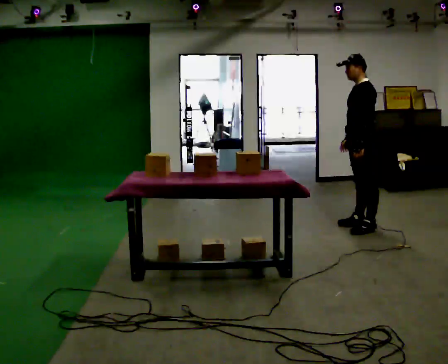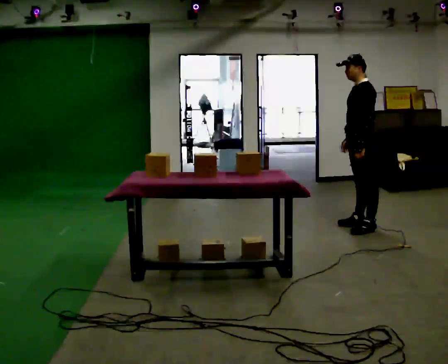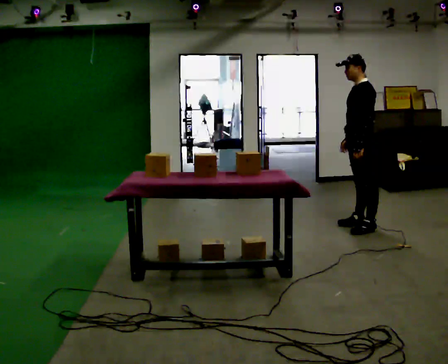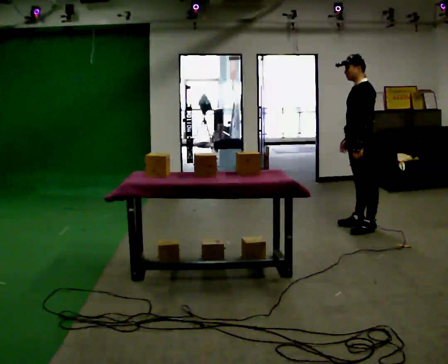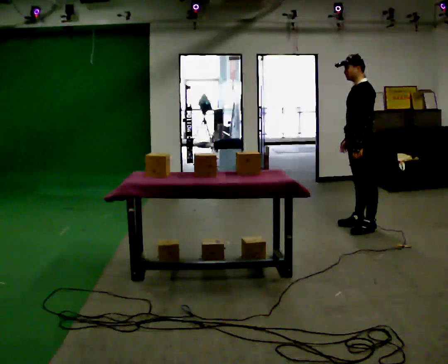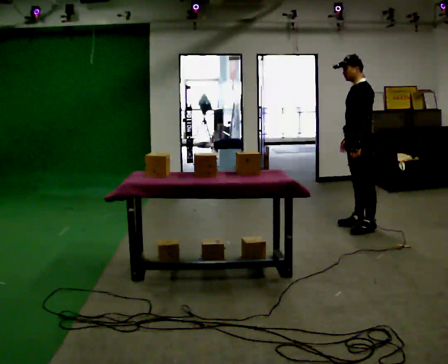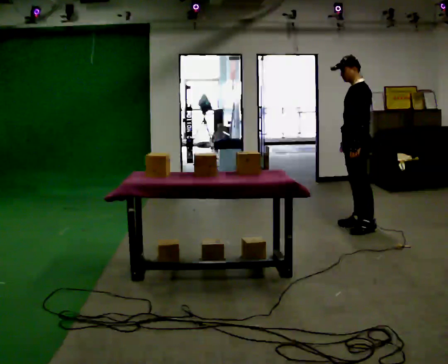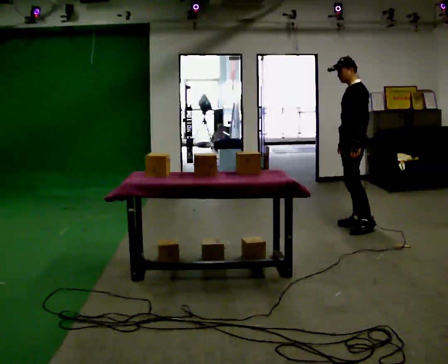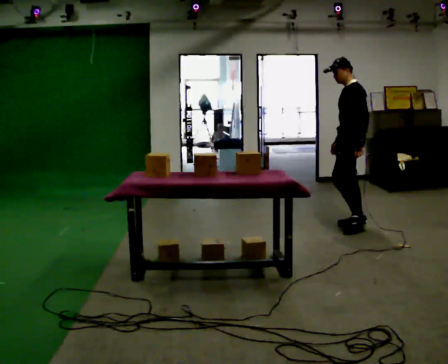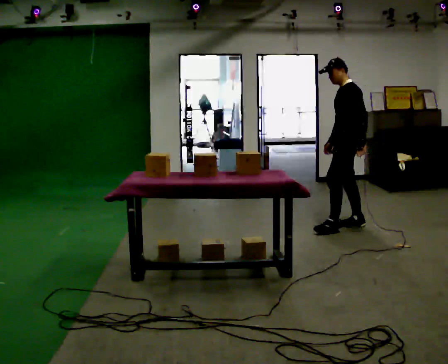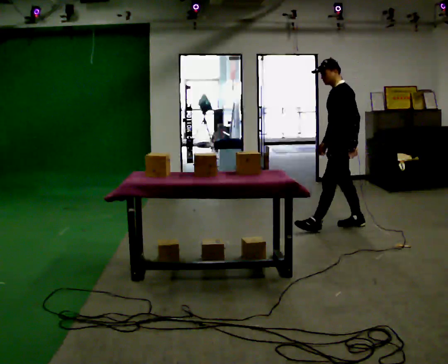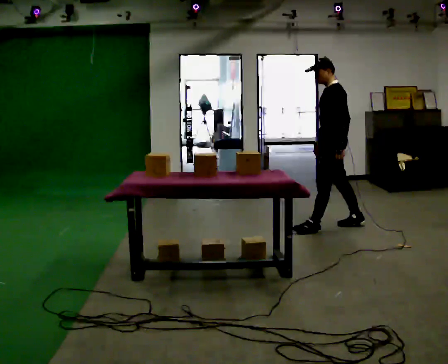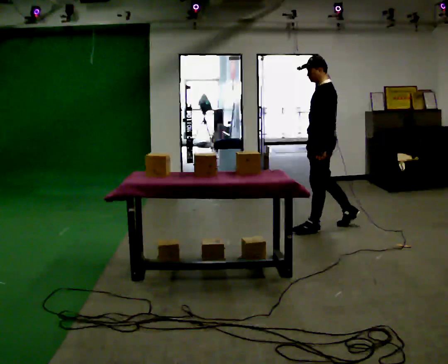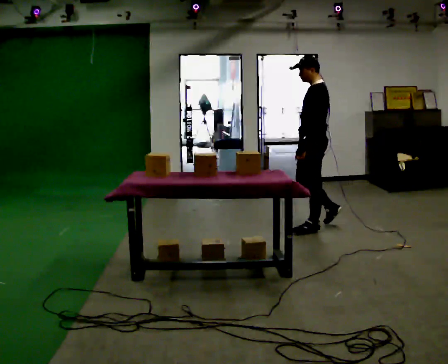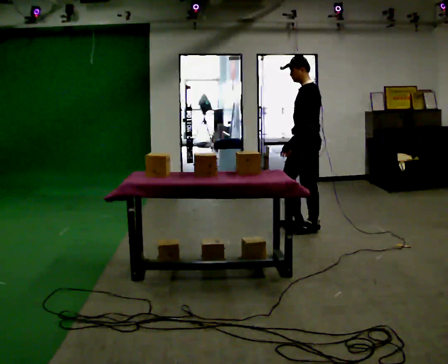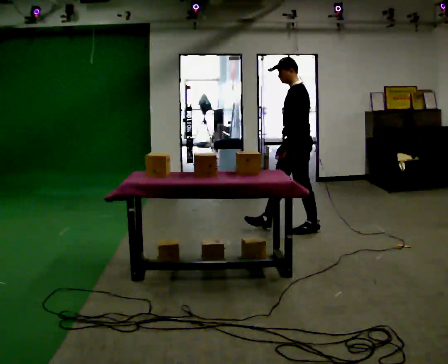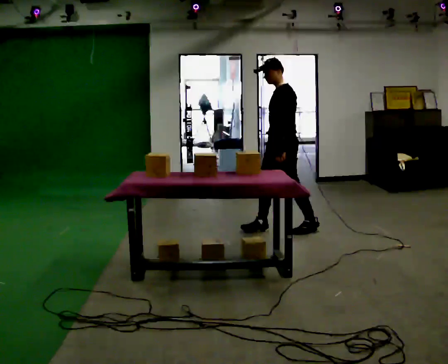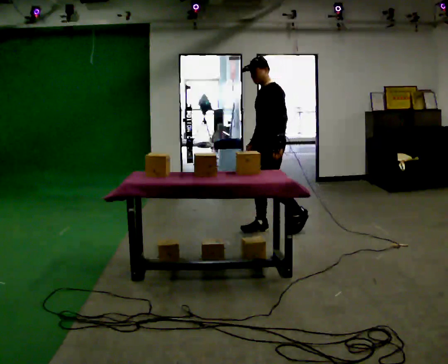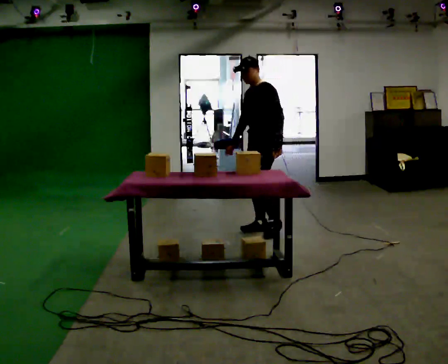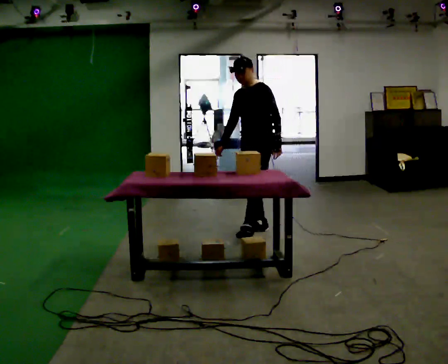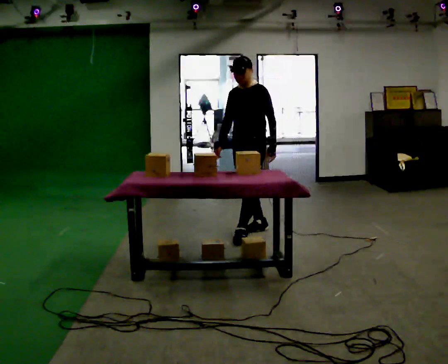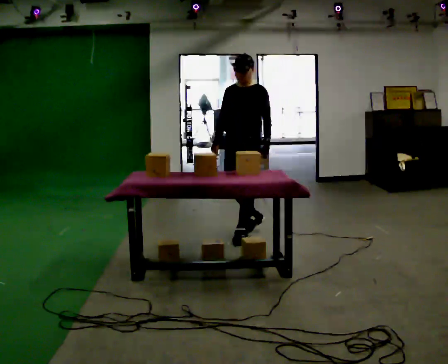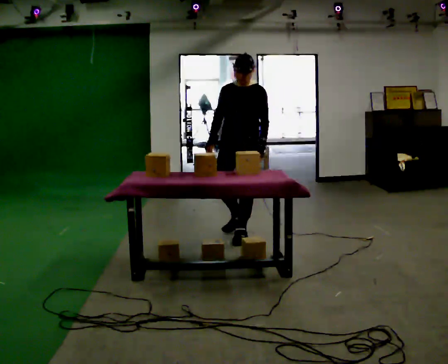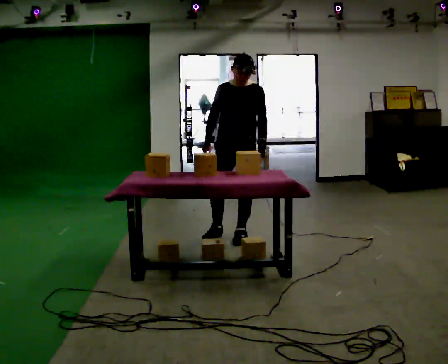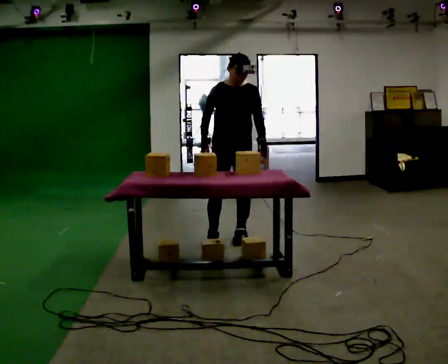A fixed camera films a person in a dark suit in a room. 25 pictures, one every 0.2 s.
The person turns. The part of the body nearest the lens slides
to the right.
The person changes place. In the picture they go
to the left.
0.0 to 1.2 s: The person moves a little, or ends about where they began.
1.2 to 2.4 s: In the picture they go to the left, about 0.25 m in 1 step, which for them is forward.
2.4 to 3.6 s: The part of the body nearest the lens slides to the right as the person turns to their left by about 30 degrees. In the picture they go to the left, about 0.5 m in 1 step, which for them is forward.
3.6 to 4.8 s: Seen from above the body turns counterclockwise, about 60 degrees: to their left, with its near side sliding to the right. In the picture they go toward the camera and to the left, about 0.5 m in 2 steps.
The film runs forward here.
